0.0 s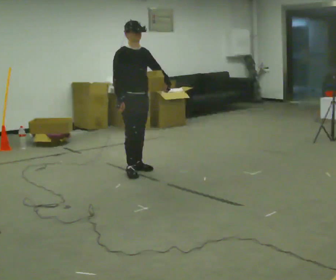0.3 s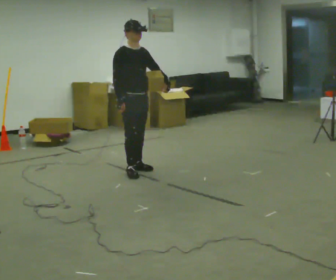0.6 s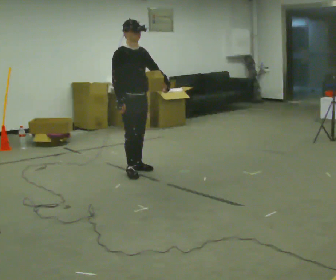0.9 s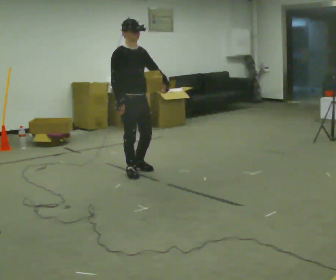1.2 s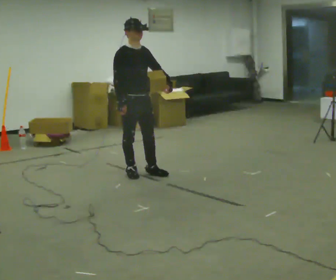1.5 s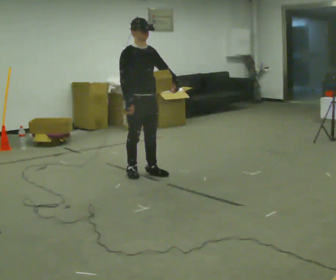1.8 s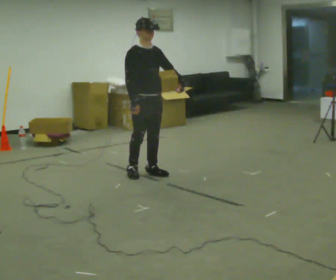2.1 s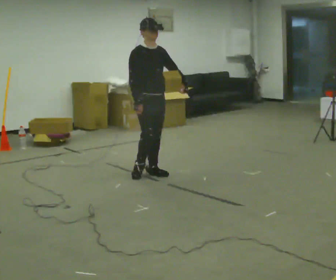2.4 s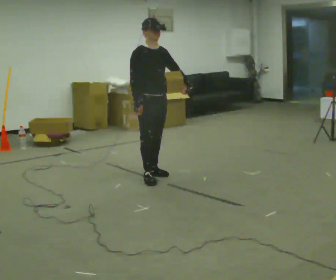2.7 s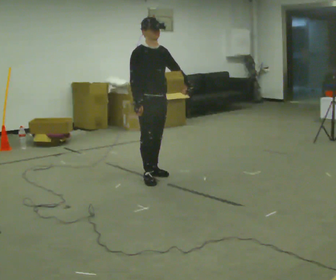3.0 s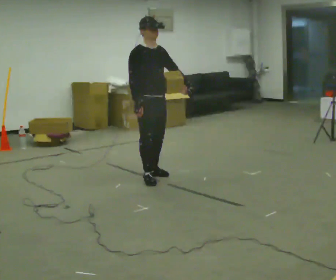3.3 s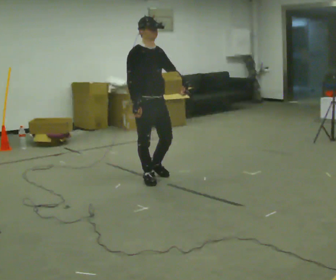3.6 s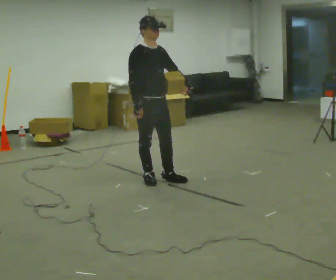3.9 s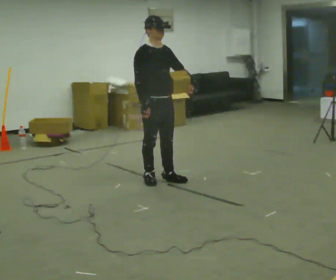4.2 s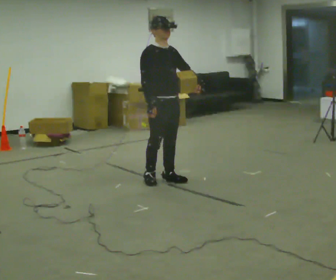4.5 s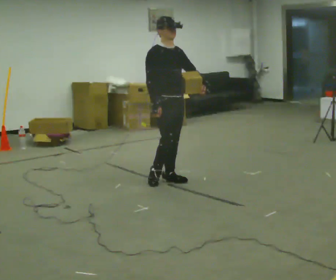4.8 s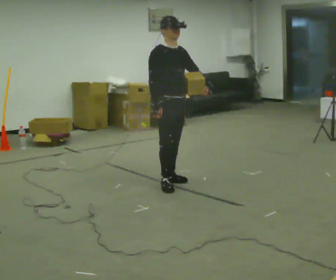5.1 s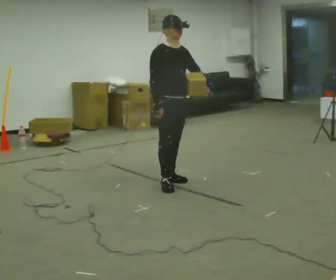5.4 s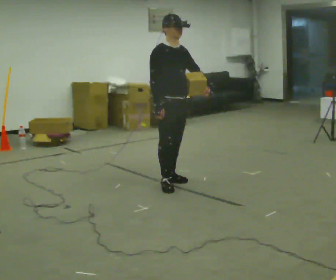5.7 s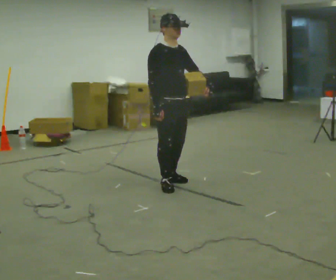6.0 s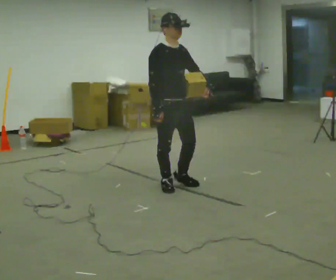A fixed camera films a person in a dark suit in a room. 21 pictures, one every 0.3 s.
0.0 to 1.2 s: In the picture they go toward the camera, about 0.25 m in 1 step, which for them is forward and to their right.
1.2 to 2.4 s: In the picture they go to the right, about 0.25 m in 2 steps, which for them is forward.
2.4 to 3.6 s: In the picture they go toward the camera, about 0.25 m in 1 step, which for them is forward and to their right.
3.6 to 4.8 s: In the picture they go to the right, about 0.25 m in 1 step, which for them is forward and to their left.
4.8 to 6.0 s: In the picture they go toward the camera, about 0.25 m, which for them is forward and to their right.
The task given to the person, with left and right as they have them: Hold the object against your hip on the side the operator calls, and carry it back and forth across the room.
The film runs forward here.
